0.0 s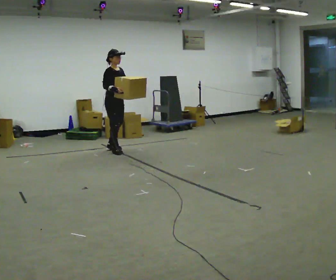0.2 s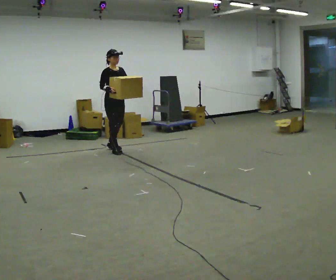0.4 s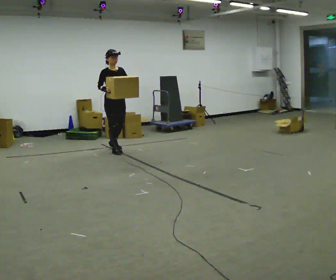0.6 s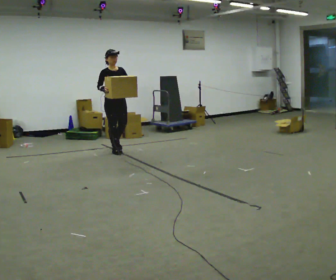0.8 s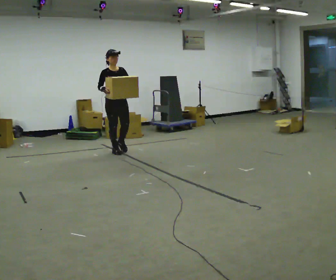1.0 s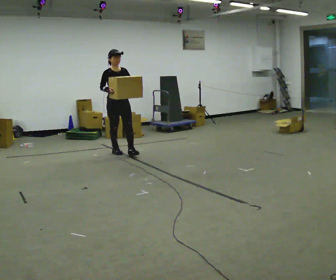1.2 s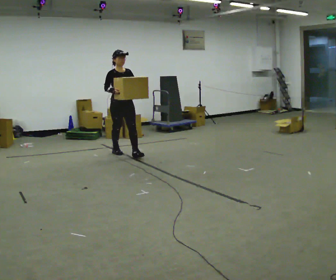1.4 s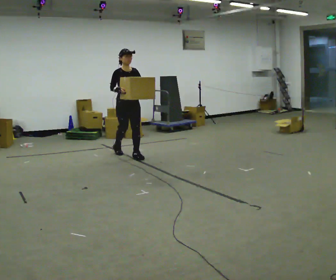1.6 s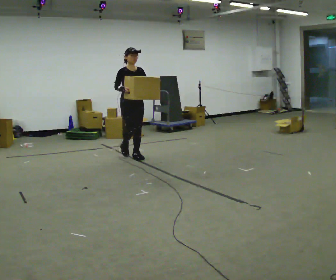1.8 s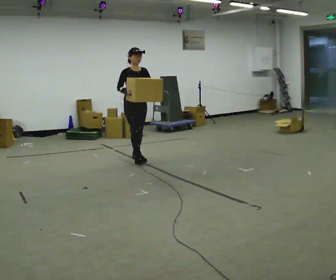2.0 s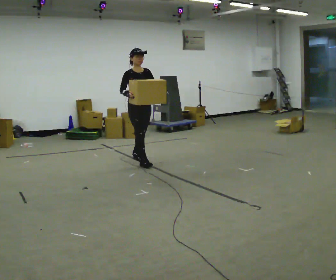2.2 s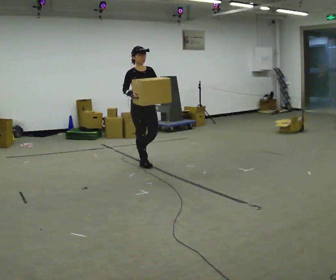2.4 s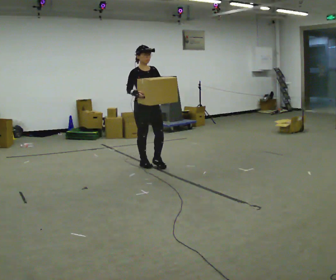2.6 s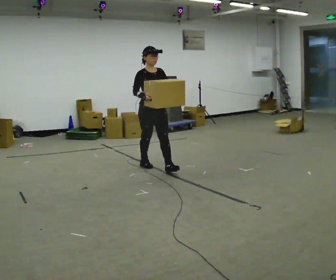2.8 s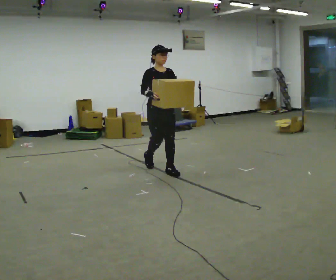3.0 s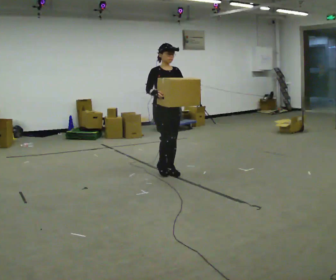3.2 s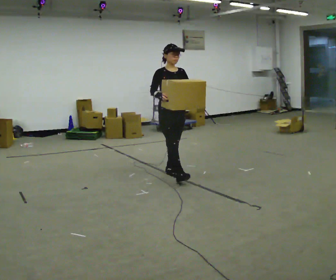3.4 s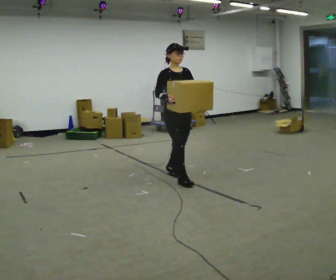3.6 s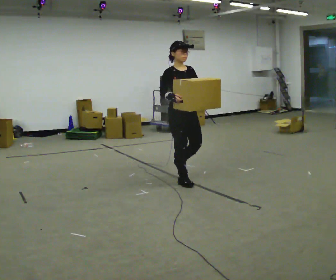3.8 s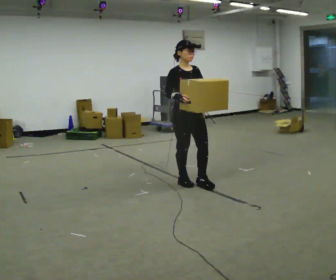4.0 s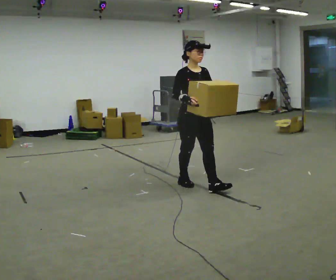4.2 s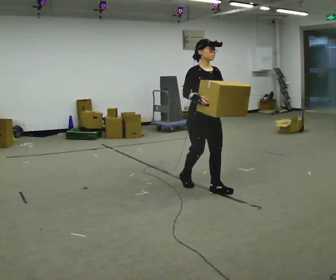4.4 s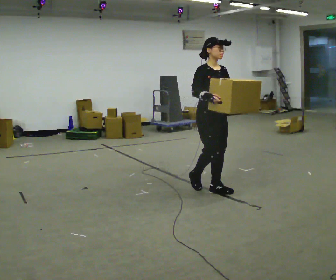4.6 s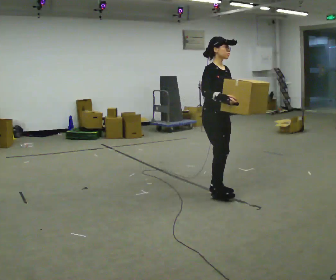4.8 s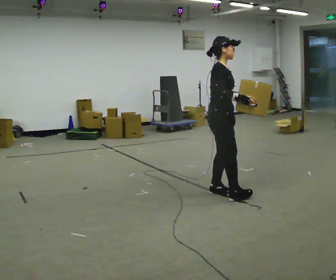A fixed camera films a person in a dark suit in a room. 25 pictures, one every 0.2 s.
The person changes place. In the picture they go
toward the camera.
0.0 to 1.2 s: The part of the body nearest the lens slides to the left as the person turns to their right by about 30 degrees. In the picture they go toward the camera and to the right, about 0.25 m in 2 steps, which for them is forward.
1.2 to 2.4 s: In the picture they go toward the camera and to the right, about 1 m in 1 step, which for them is forward.
2.4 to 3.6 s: In the picture they go toward the camera and to the right, about 1 m in 2 steps, which for them is forward.
3.6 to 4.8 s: Seen from above the body turns counterclockwise, about 45 degrees: to their left, with its near side sliding to the right. In the picture they go toward the camera and to the right, about 0.5 m in 2 steps, which for them is forward.
The film runs forward here.
